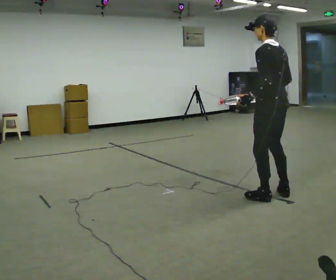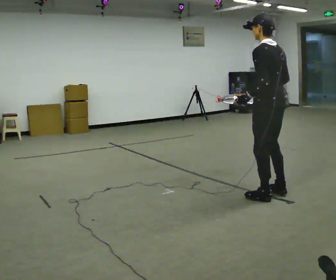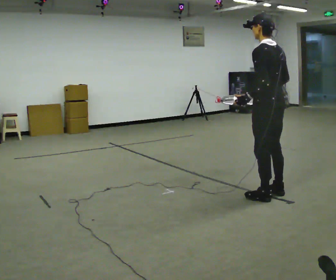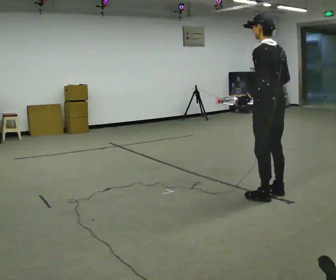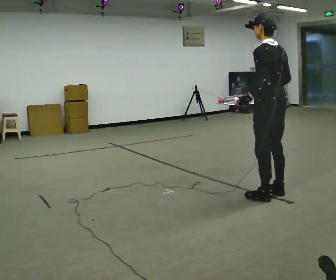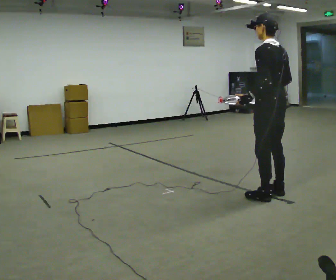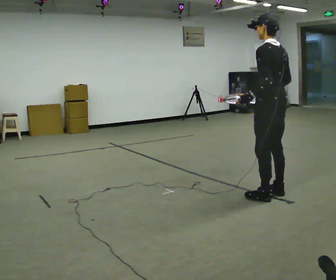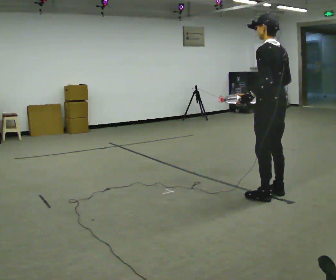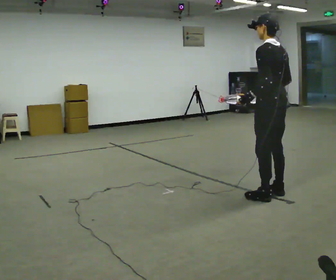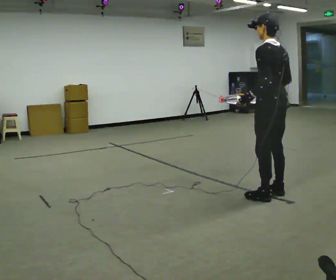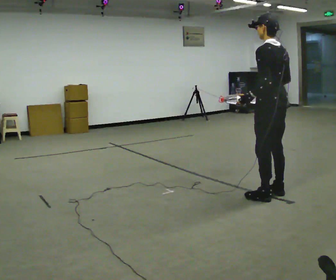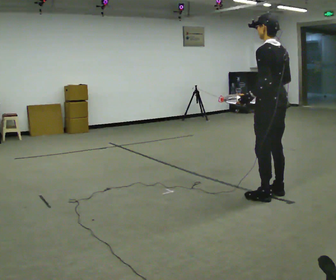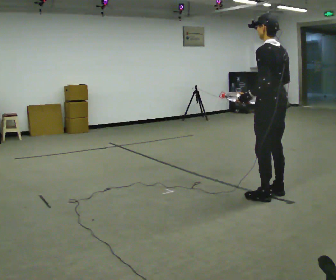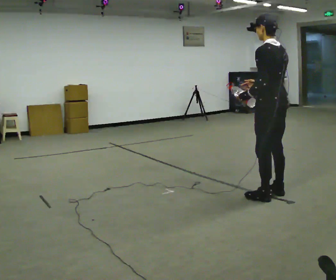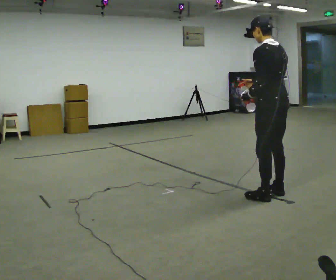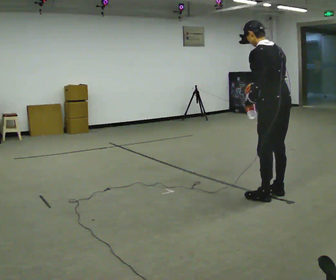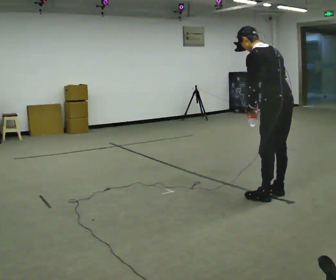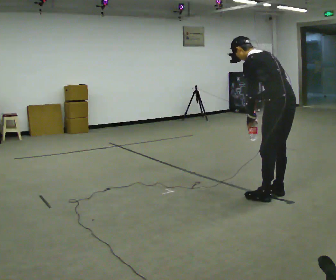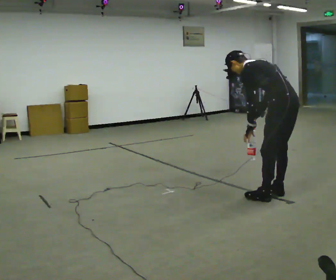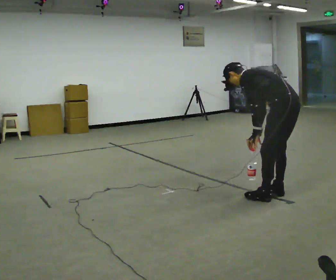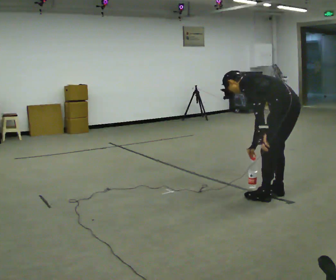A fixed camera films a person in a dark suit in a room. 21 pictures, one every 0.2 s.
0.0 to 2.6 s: The person moves a little, or ends about where they began.
2.6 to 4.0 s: The shoulders move downward. In the picture the upper body tilts counterclockwise, shoulders to the left, as they bend forward.
The film runs forward here.
